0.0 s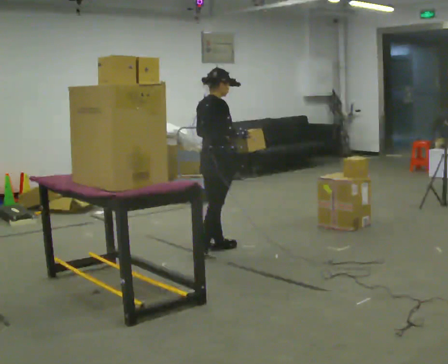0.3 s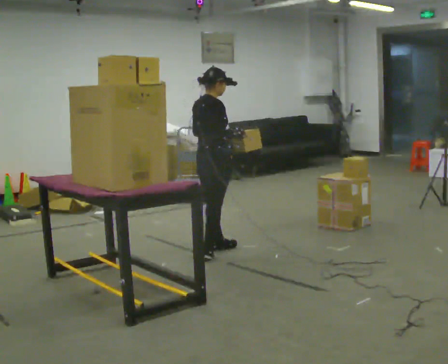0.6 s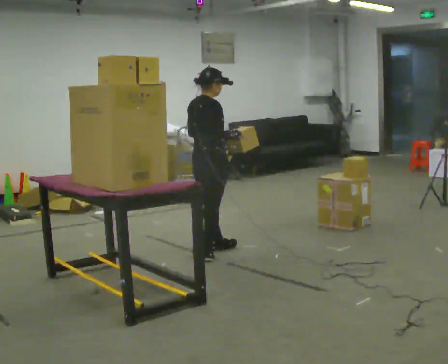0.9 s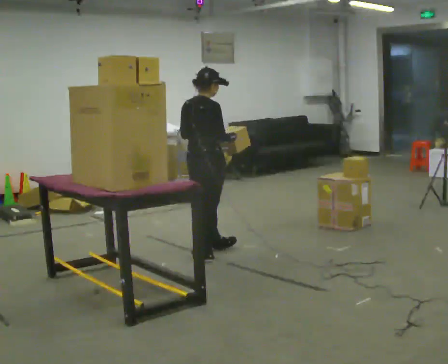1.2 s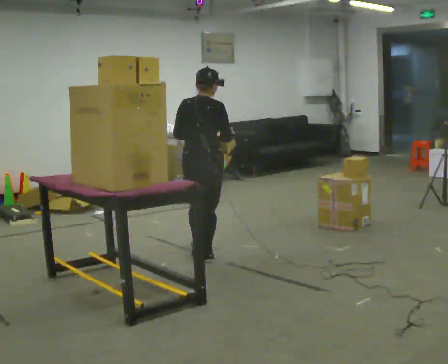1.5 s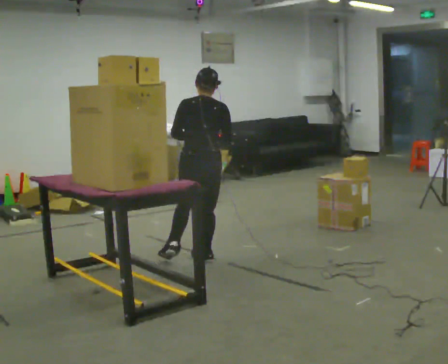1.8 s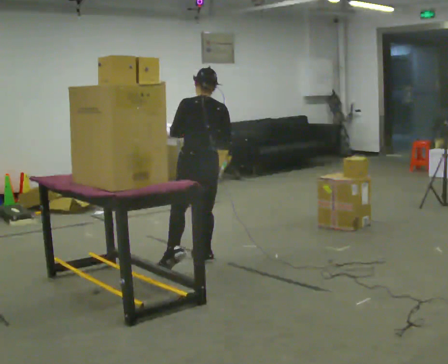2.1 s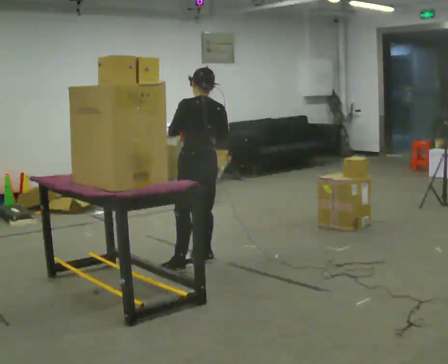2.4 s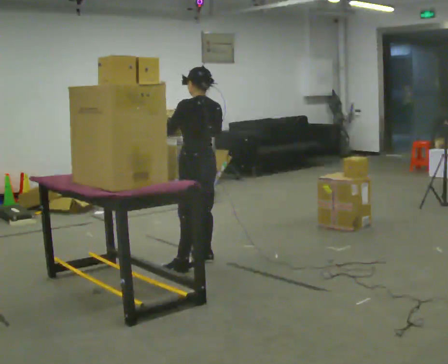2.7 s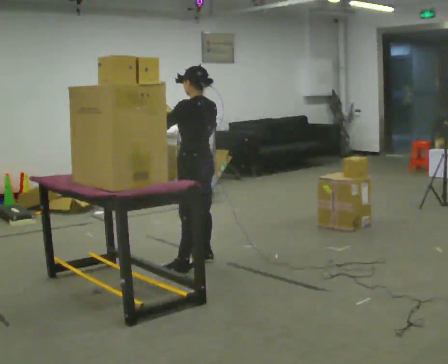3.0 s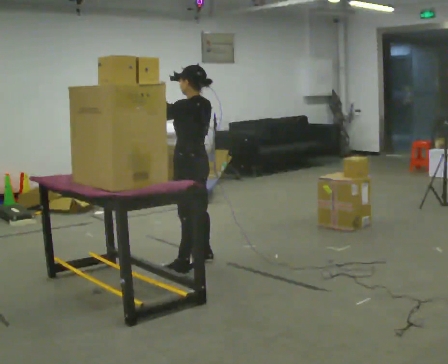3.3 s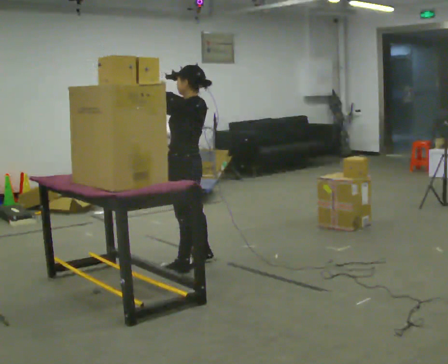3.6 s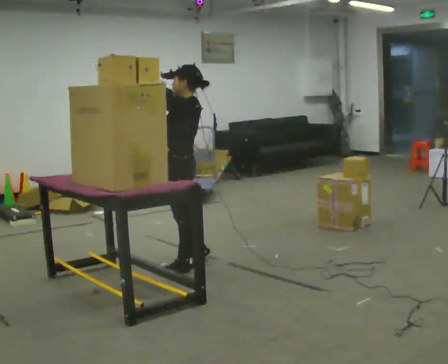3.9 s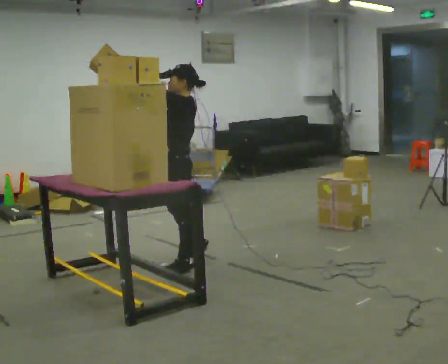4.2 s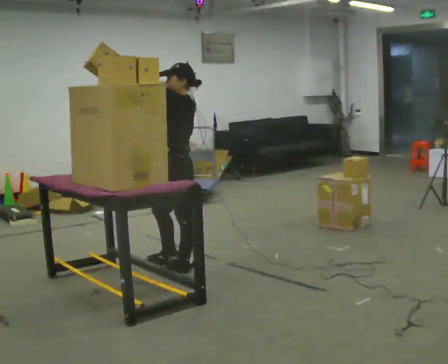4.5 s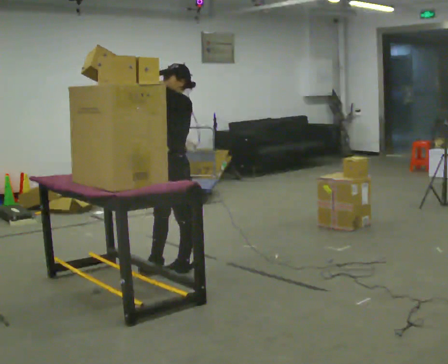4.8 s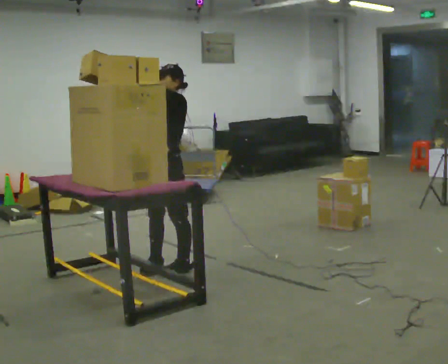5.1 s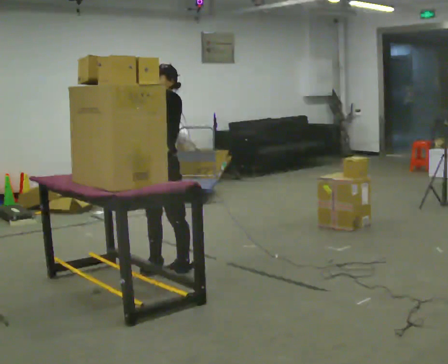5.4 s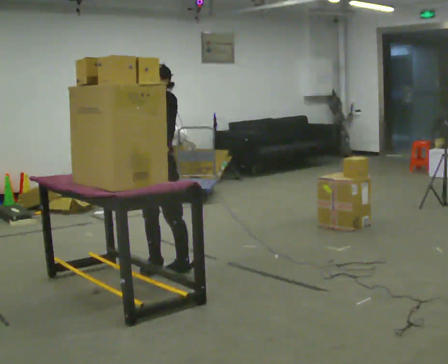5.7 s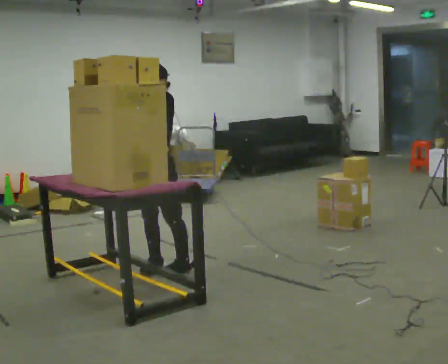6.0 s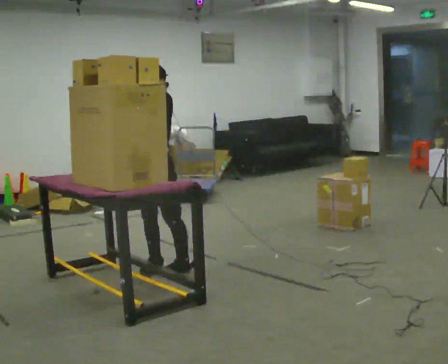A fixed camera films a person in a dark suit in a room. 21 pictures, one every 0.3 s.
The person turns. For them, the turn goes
to their left.
Their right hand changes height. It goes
upward.
0.0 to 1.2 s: The person turns about 45 degrees to their left, counterclockwise seen from above, so the part of the body nearest the lens slides to the right. In the picture they go toward the camera, about 0.25 m in 1 step, which for them is backward and to their right.
1.2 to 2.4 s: The person turns about 60 degrees to their left, counterclockwise seen from above, so the part of the body nearest the lens slides to the right.
2.4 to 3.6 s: The part of the body nearest the lens slides to the right as the person turns to their left by about 30 degrees. In the picture they go toward the camera and to the left, about 0.25 m, which for them is to their left. In the picture their right hand goes to the left and upward.
3.6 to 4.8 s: Seen from above the body turns counterclockwise, about 45 degrees: to their left, with its near side sliding to the right.
4.8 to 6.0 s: The person moves a little, or ends about where they began.
The film runs backward here.
